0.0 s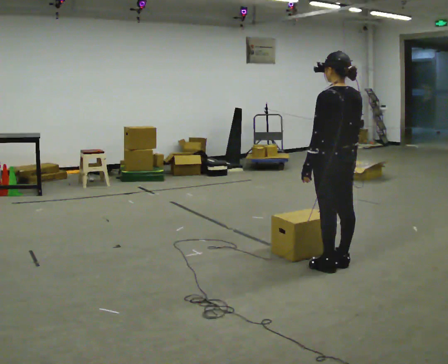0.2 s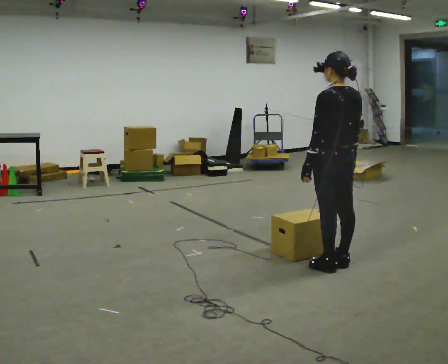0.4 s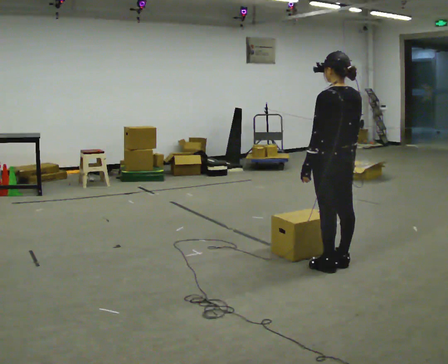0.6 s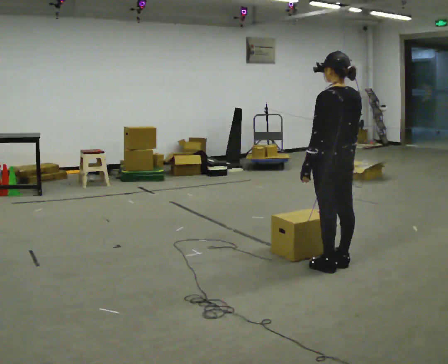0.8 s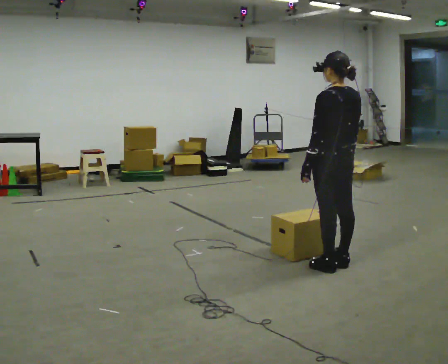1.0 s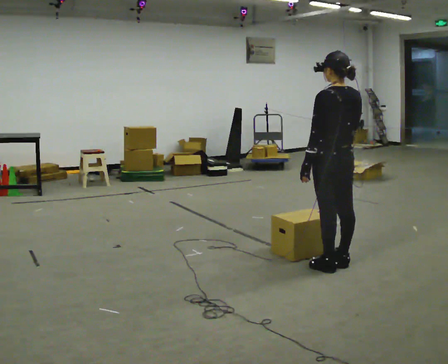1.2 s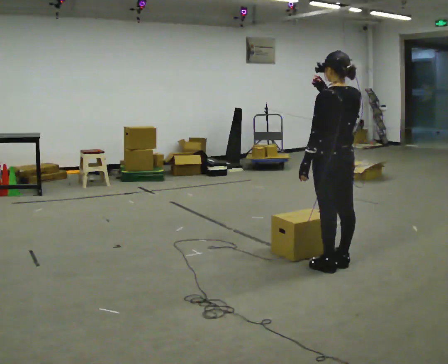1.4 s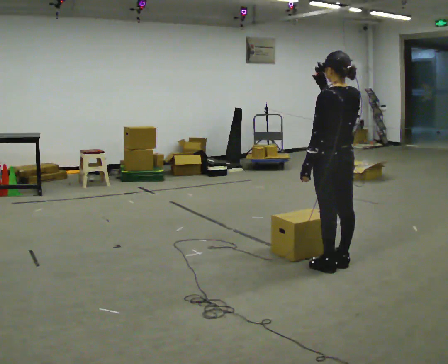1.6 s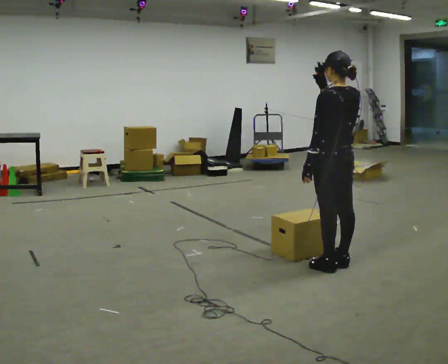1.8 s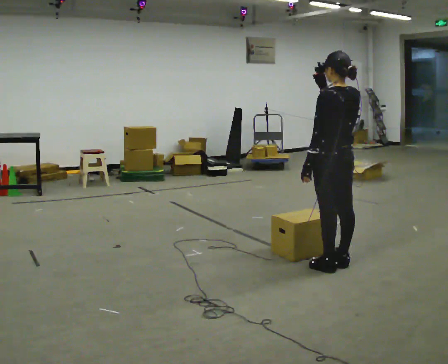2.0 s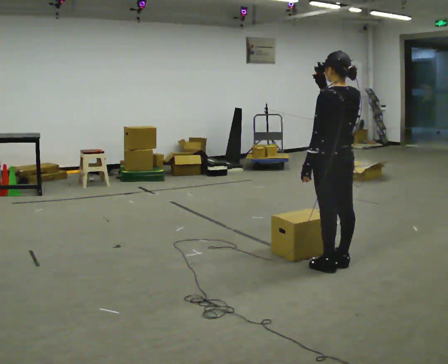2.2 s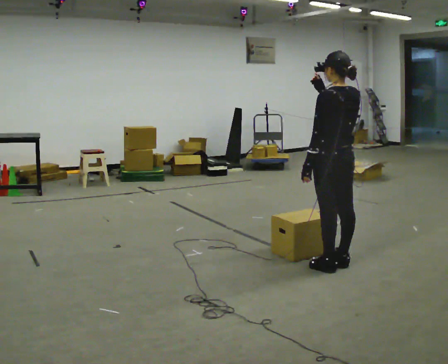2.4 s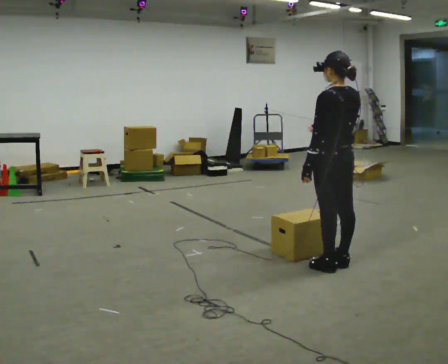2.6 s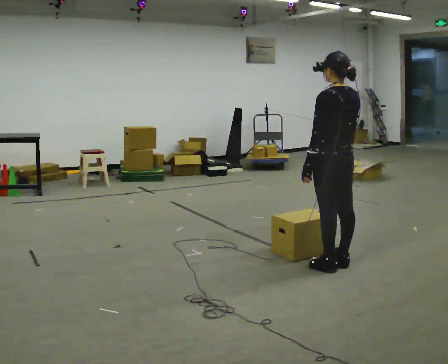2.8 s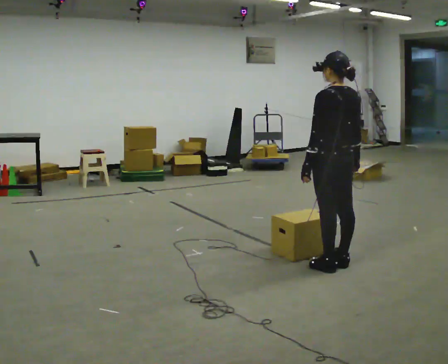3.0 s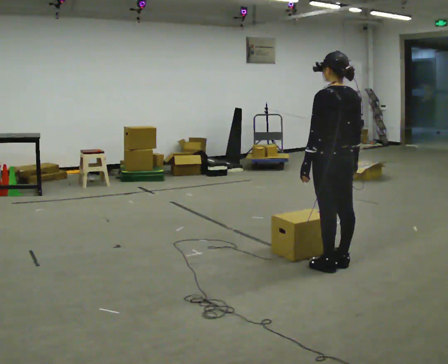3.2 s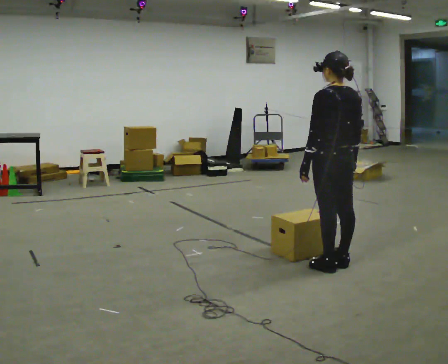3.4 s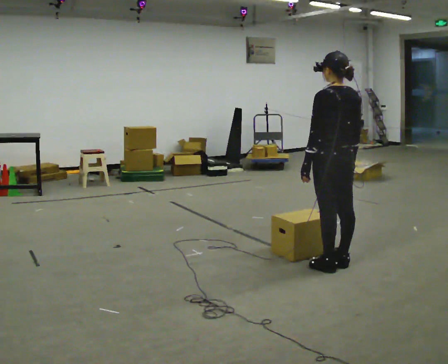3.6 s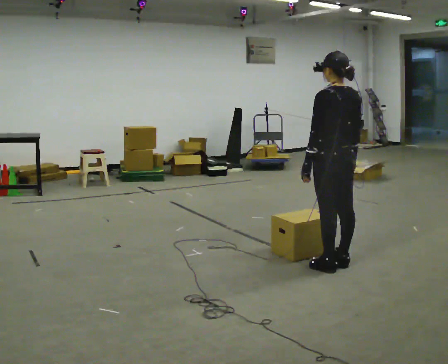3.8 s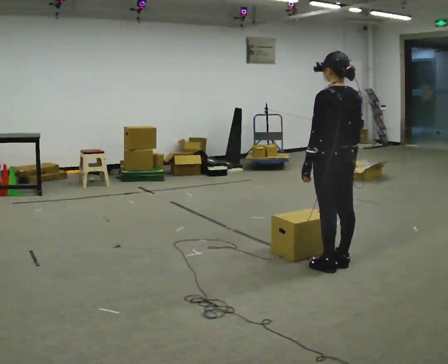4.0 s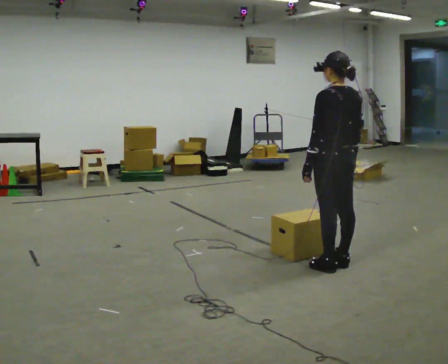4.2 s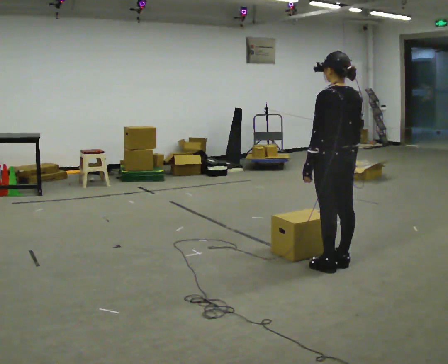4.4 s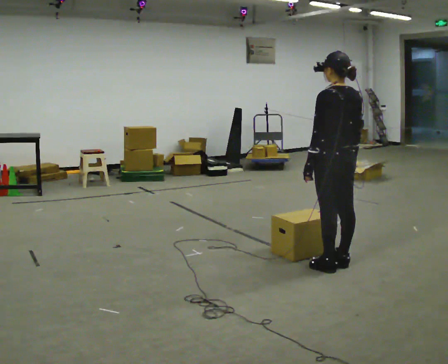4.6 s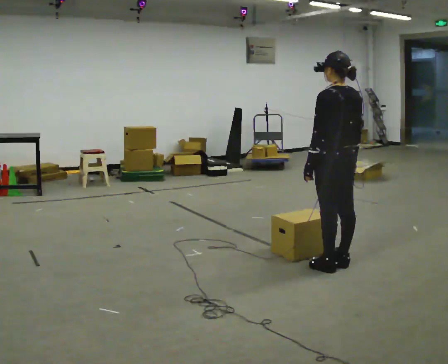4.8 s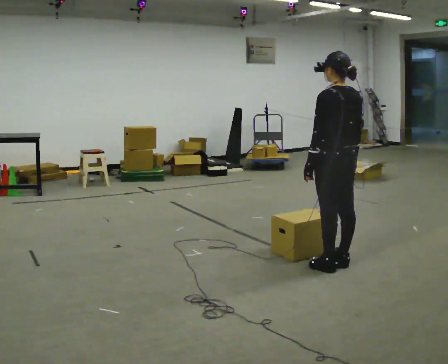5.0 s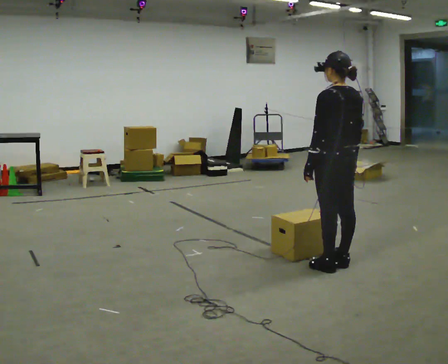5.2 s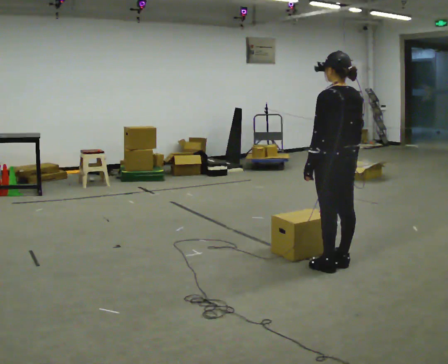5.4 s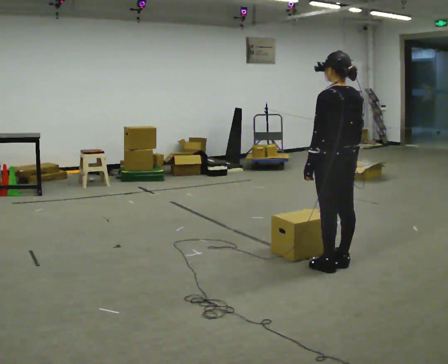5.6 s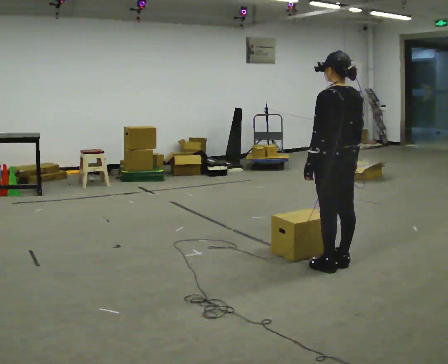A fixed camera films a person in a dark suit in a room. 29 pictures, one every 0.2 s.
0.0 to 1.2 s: In the picture their right hand goes upward.
1.2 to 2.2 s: The person moves a little, or ends about where they began.
2.2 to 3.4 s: In the picture their right hand goes downward.
3.4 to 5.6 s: The person keeps their place and pose.
The film runs forward here.
